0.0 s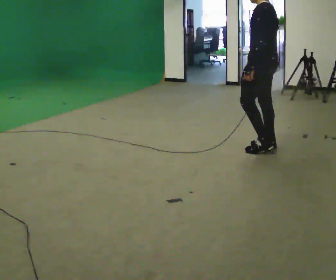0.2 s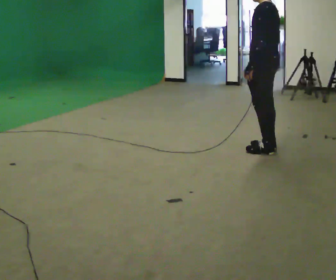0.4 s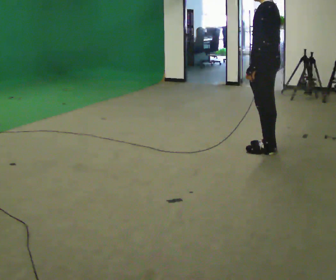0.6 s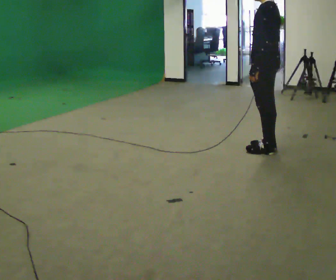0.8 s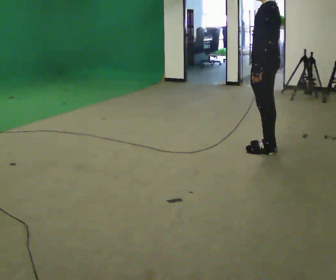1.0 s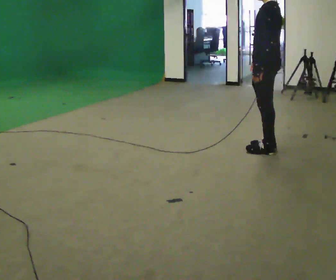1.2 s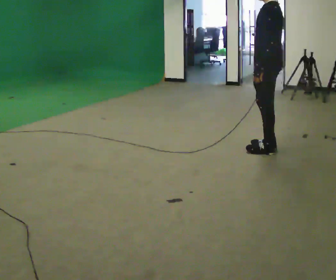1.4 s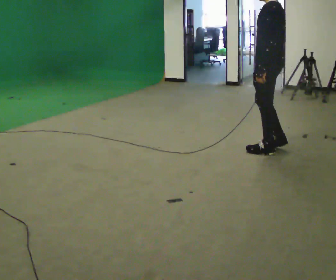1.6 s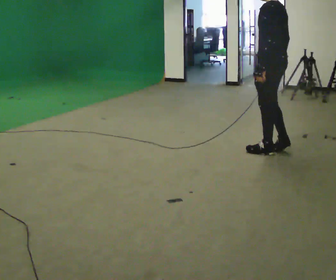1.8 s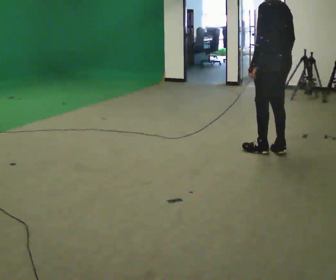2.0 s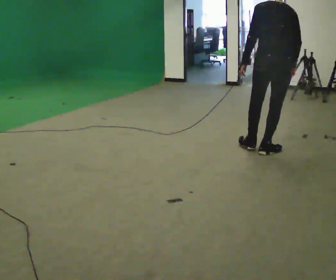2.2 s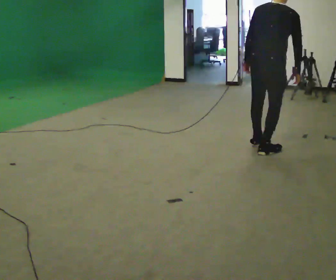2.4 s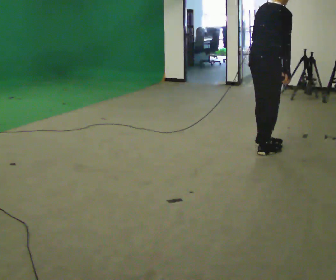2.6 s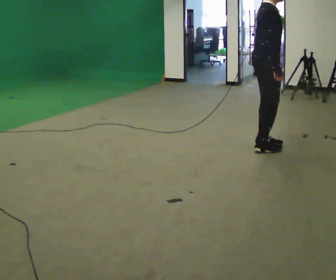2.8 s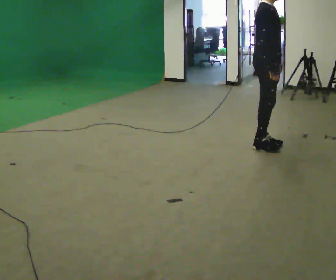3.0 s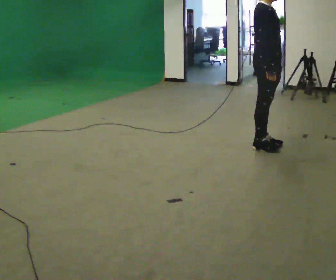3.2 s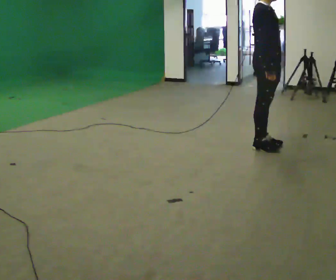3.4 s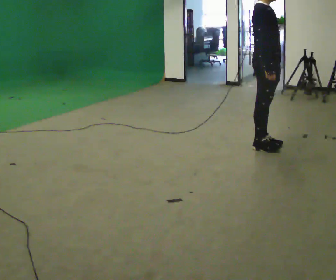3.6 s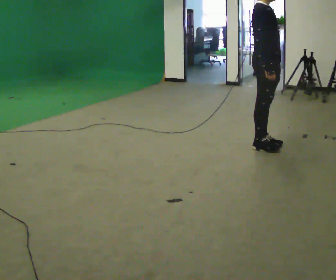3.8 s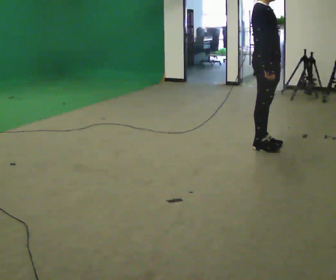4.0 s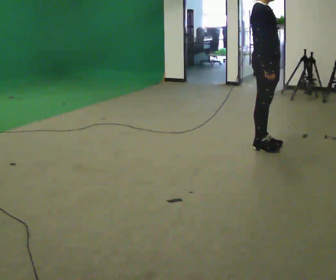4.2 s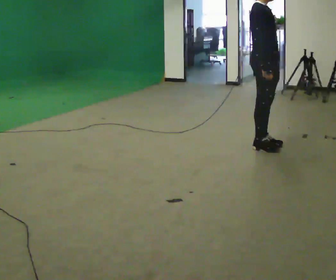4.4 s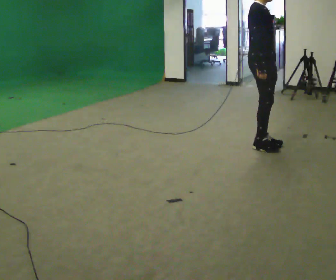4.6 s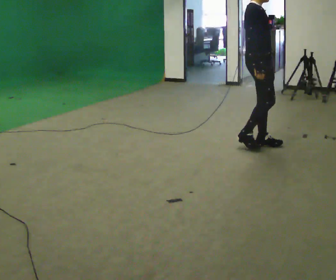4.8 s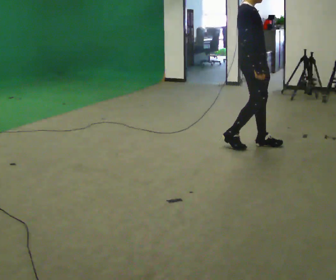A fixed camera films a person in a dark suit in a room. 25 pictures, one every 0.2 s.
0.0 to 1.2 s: The person moves a little, or ends about where they began.
1.2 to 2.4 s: Seen from above the body turns clockwise, about 135 degrees: to their right, with its near side sliding to the left. In the picture the upper body tilts clockwise, shoulders to the right, as they bend forward.
2.4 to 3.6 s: Seen from above the body turns clockwise, about 45 degrees: to their right, with its near side sliding to the left. In the picture the upper body tilts counterclockwise, shoulders to the left, as they lean back or straighten.
3.6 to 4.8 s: The person moves a little, or ends about where they began.
The film runs backward here.
